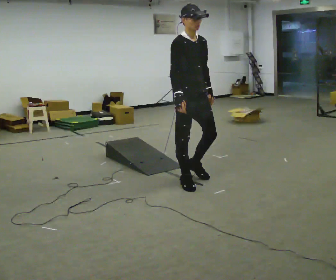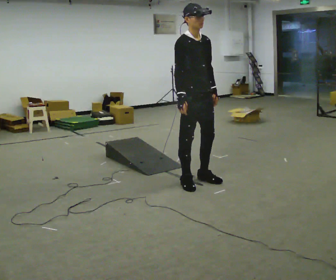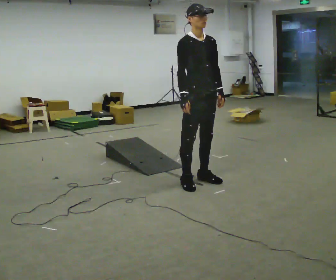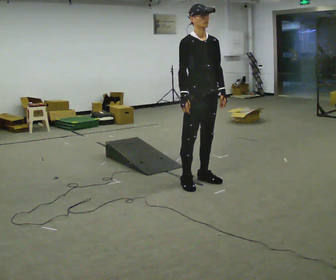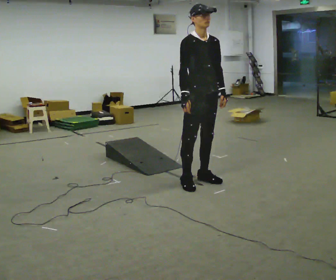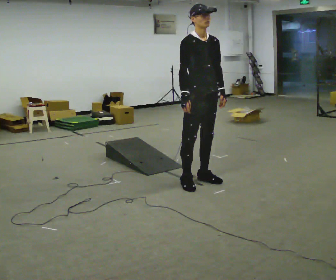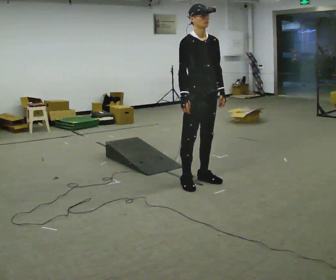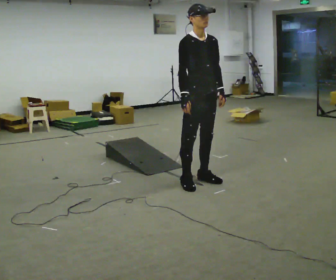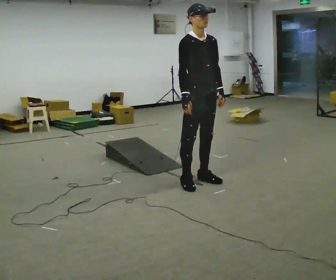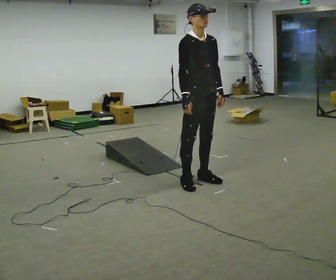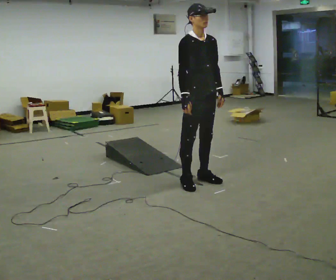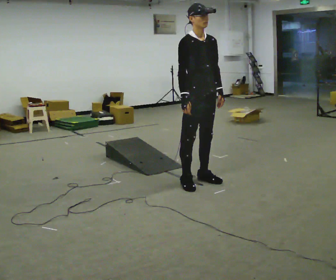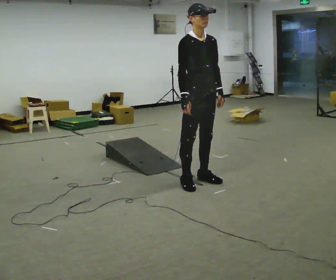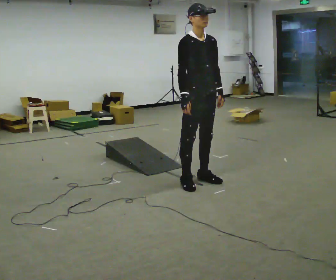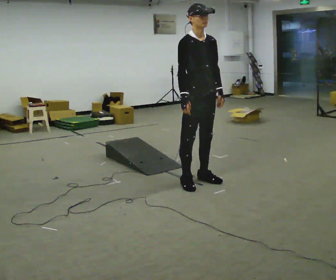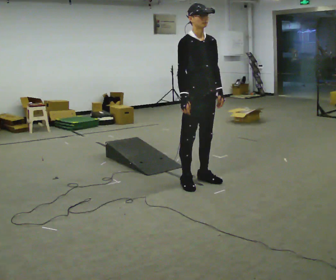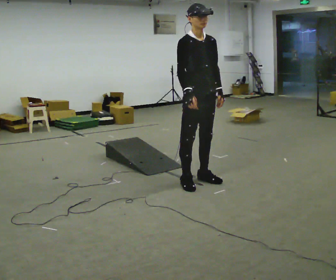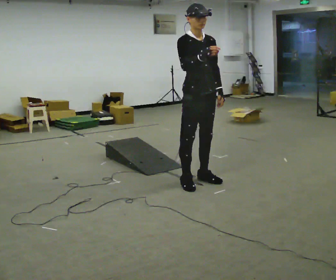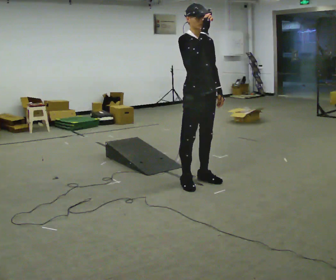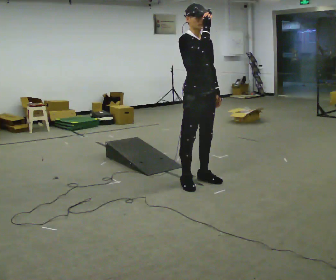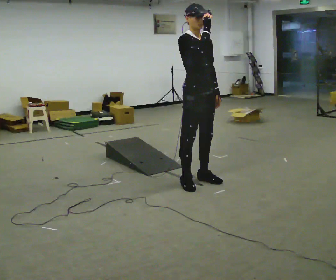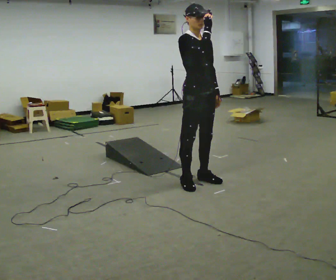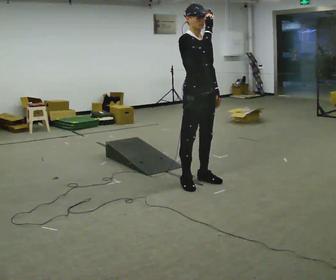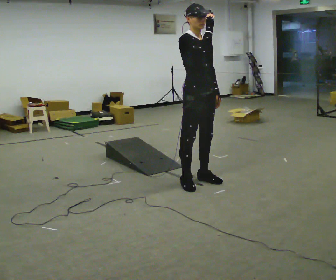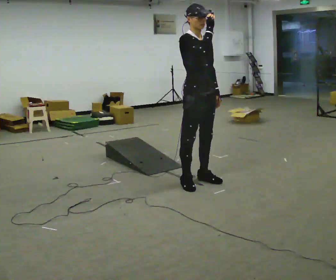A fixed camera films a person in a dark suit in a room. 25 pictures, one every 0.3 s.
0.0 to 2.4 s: The person moves a little, or ends about where they began.
2.4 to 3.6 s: The person keeps their place and pose.
3.6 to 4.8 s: The person moves a little, or ends about where they began.
4.8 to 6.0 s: In the picture their right hand goes upward.
6.0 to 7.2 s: The person keeps their place and pose.
The film runs forward here.
